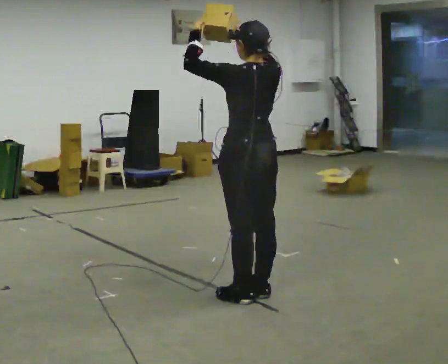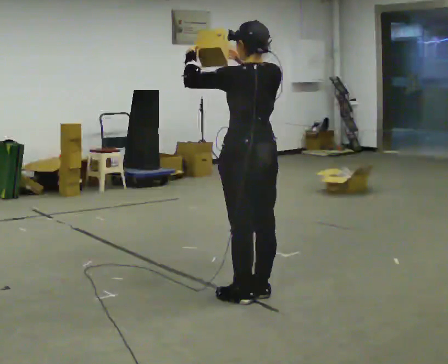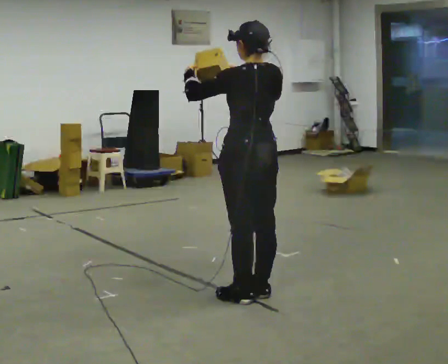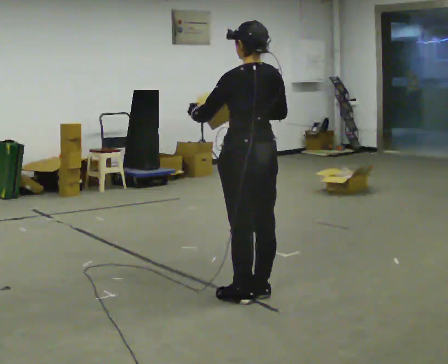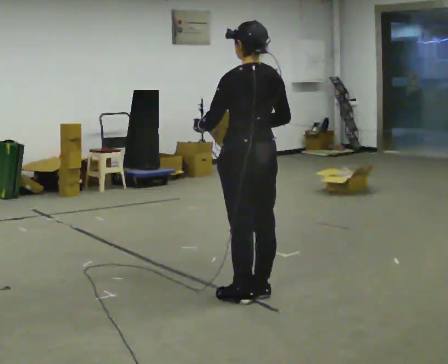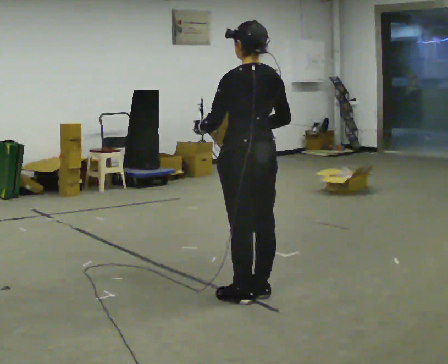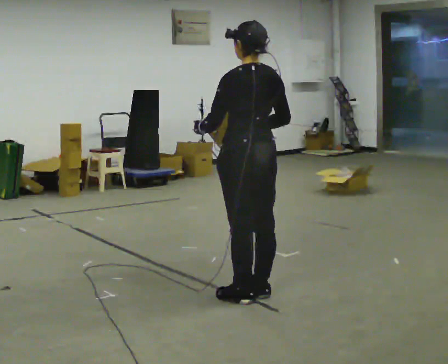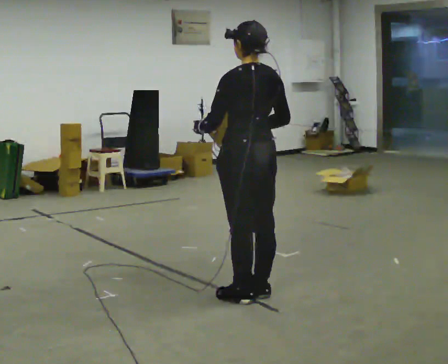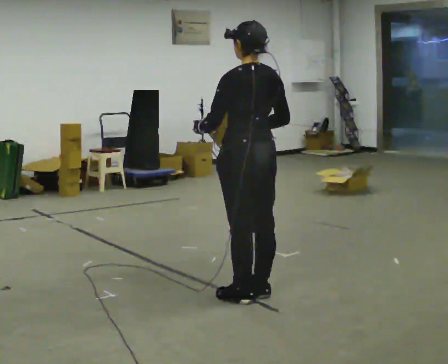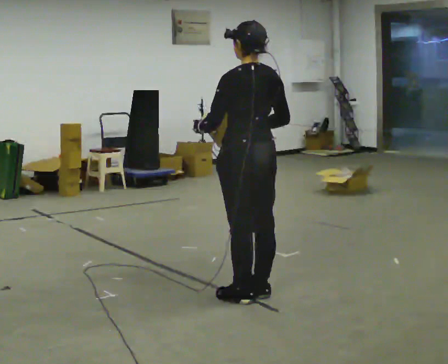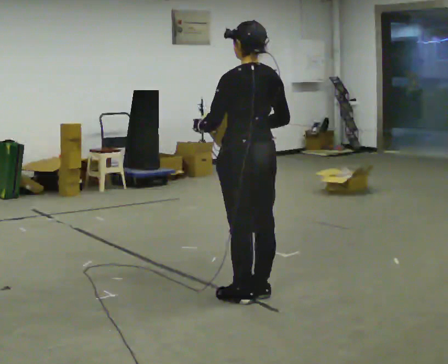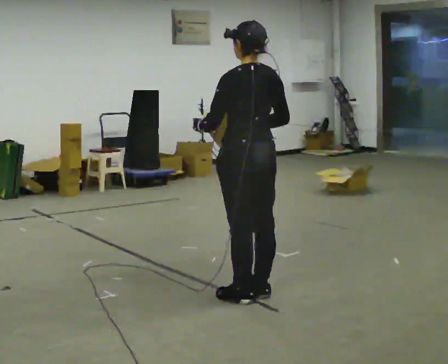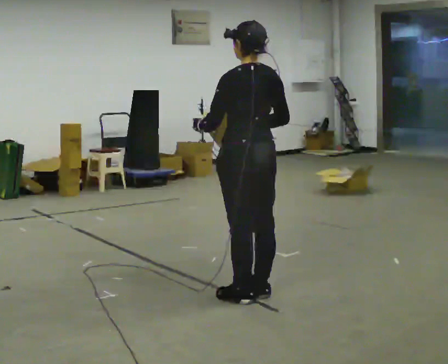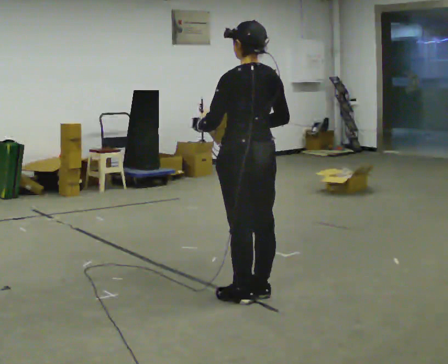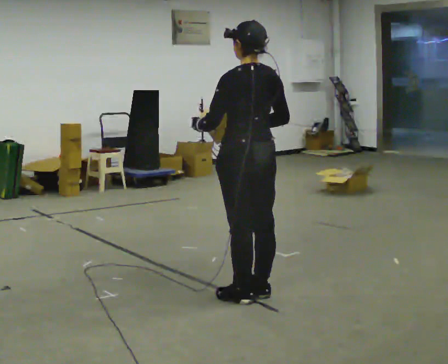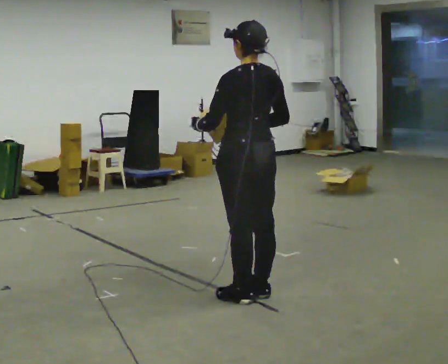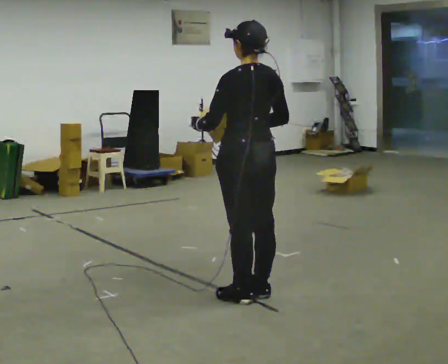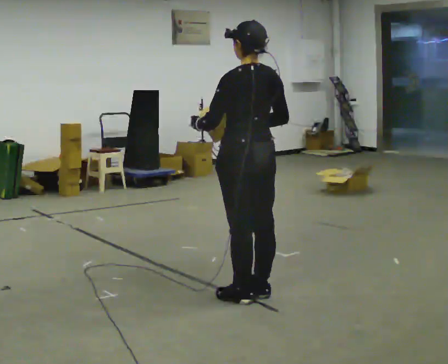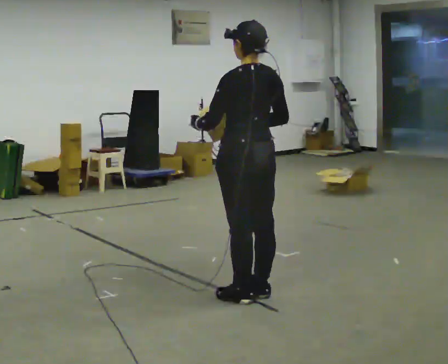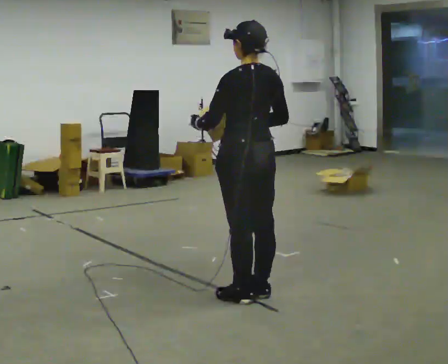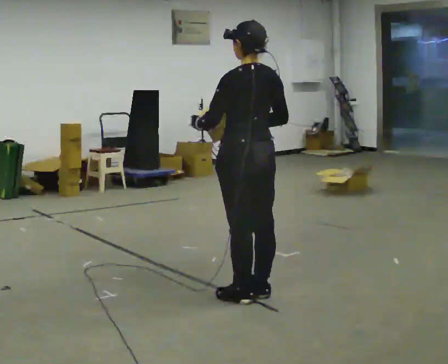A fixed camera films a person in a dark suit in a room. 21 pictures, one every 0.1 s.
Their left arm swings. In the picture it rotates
counterclockwise.
Their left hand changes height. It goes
downward.
0.0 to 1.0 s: In the picture their right hand goes downward.
1.0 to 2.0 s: The person keeps their place and pose.
The film runs backward here.
